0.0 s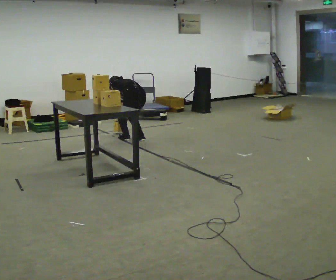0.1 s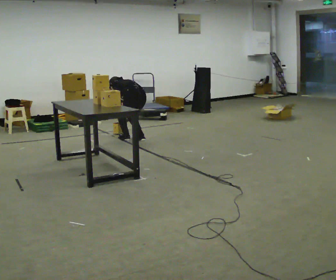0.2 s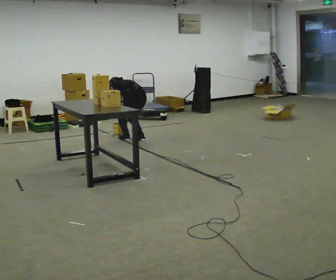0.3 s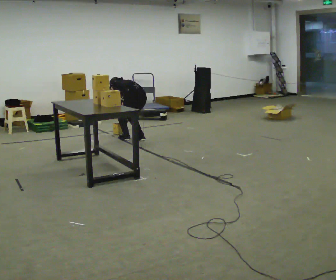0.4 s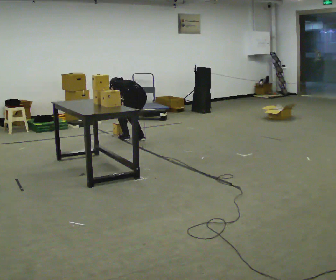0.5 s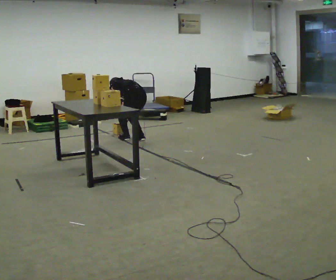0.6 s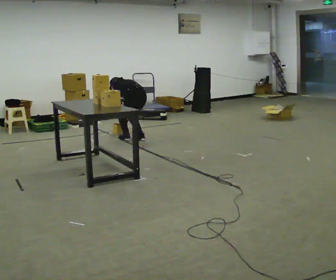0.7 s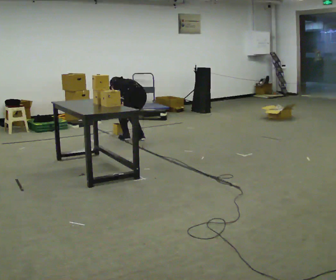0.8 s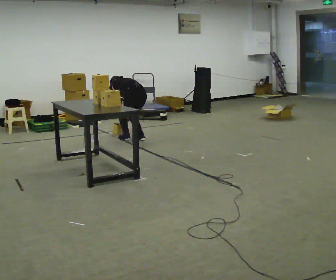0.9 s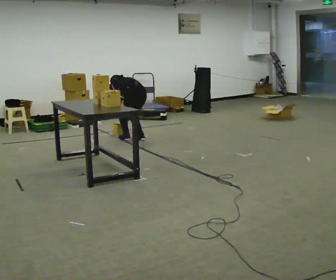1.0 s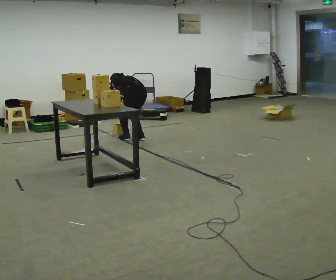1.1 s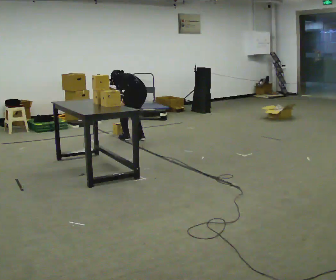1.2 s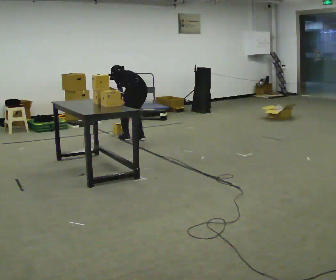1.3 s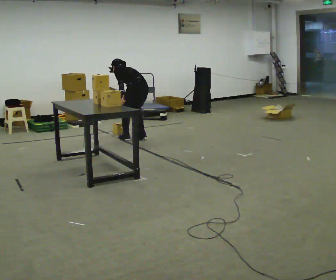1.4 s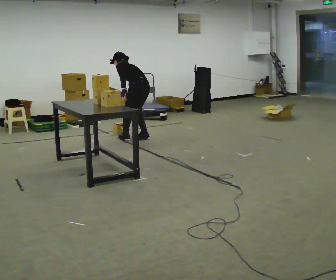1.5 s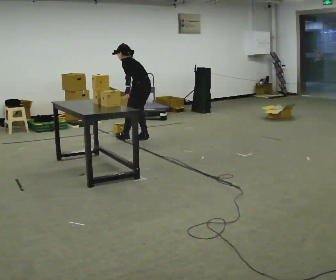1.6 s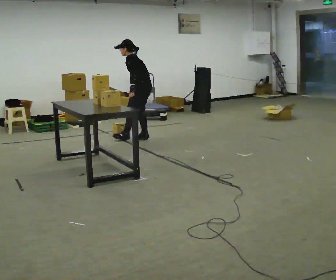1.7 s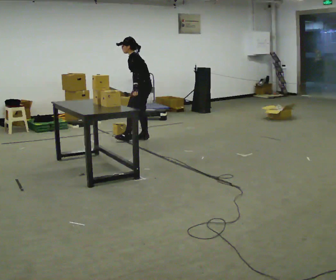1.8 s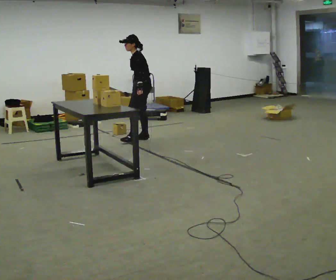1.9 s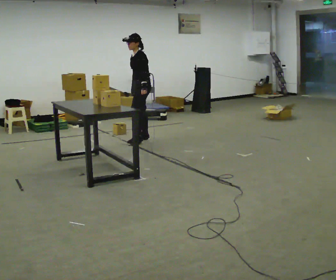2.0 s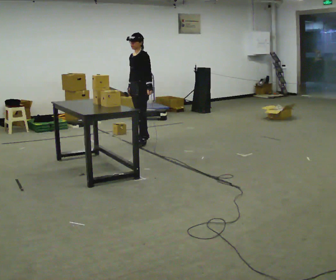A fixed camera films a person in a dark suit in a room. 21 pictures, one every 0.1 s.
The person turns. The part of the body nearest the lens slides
to the right.
The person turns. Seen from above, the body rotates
counterclockwise.
0.0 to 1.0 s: The person moves a little, or ends about where they began.
1.0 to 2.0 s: The part of the body nearest the lens slides to the right as the person turns to their left by about 75 degrees. The upper body goes upward. The upper body tips toward the camera, its near side rolling downward, as they lean back or straighten. In the picture their left hand goes to the right.
The film runs forward here.
